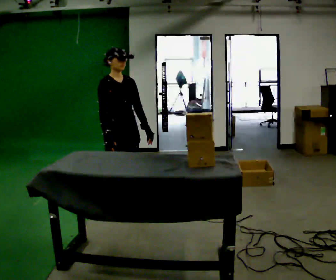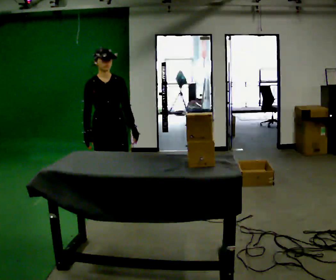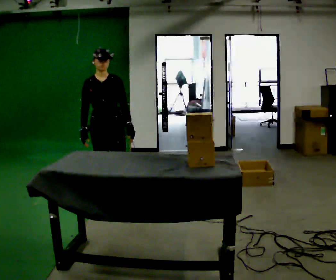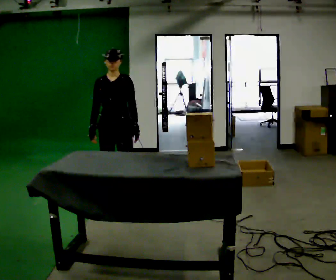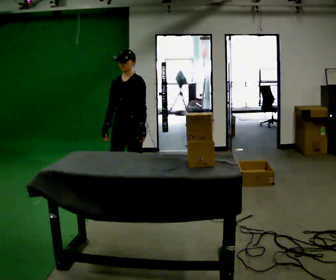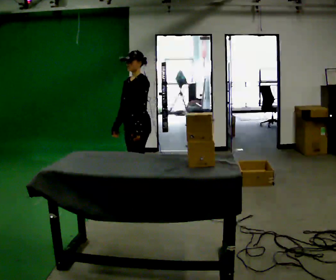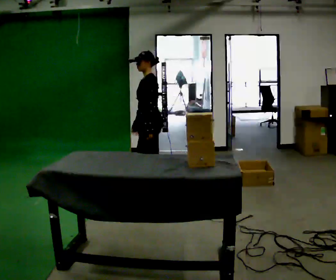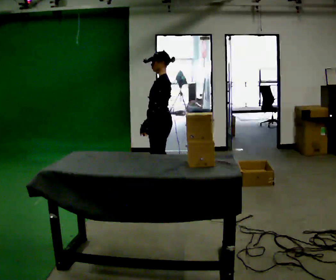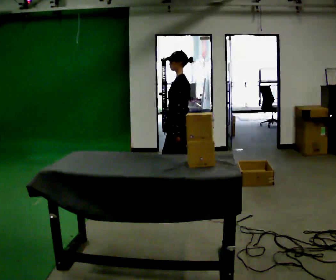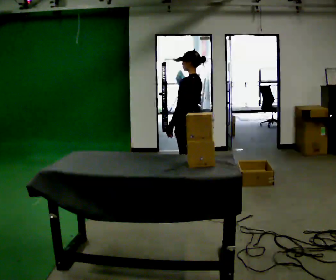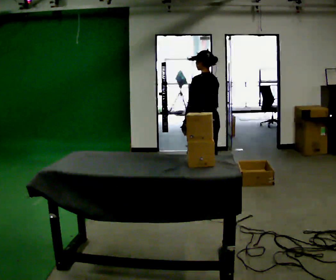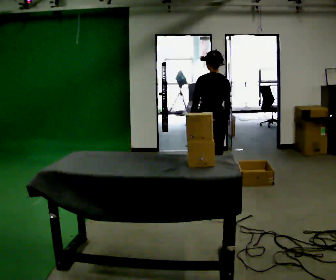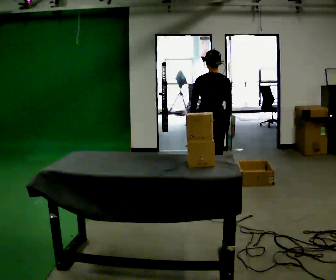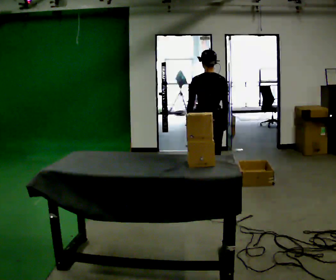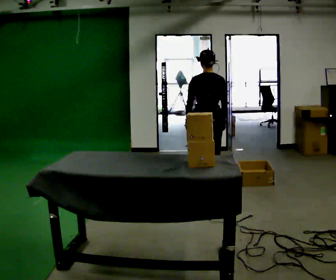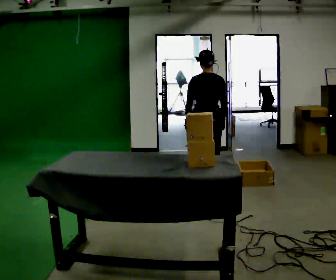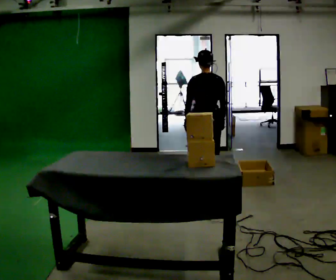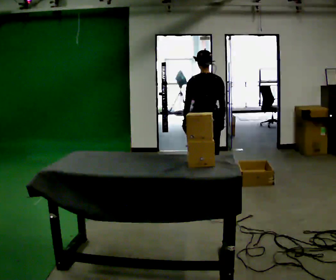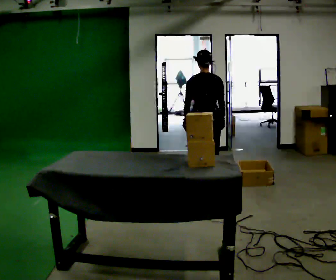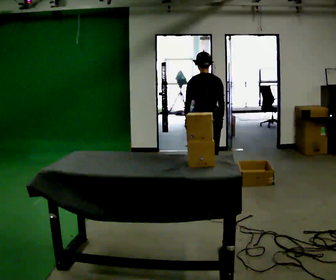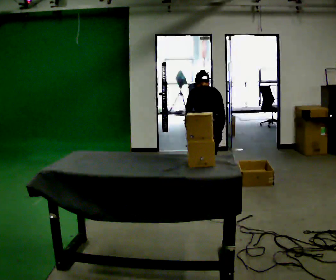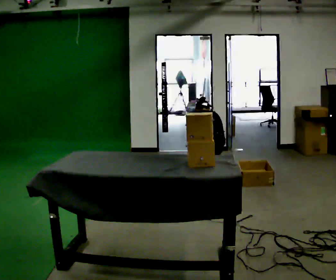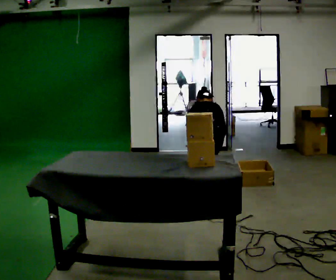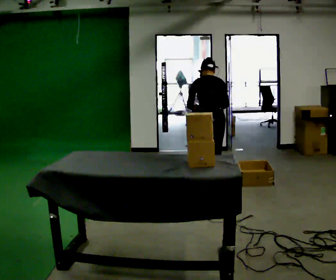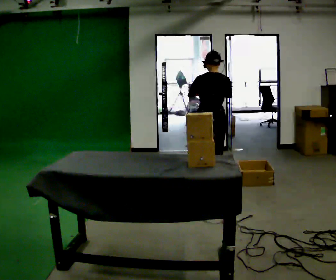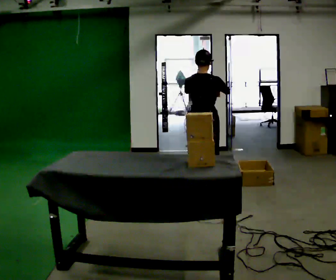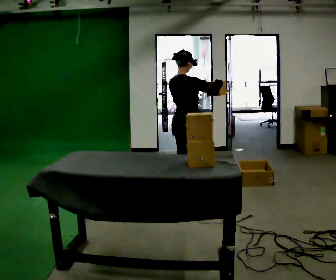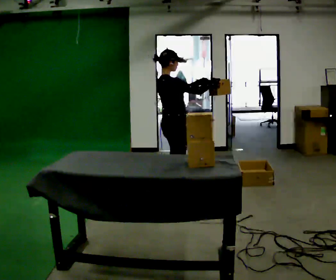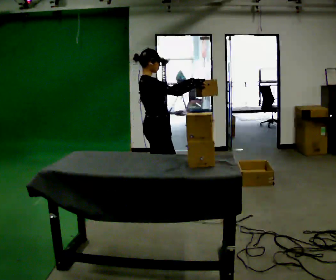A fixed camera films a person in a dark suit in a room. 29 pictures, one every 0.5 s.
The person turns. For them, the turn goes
to their right.
The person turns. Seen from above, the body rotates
clockwise.
0.0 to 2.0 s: The person turns about 60 degrees to their right, clockwise seen from above, so the part of the body nearest the lens slides to the left. In the picture they go away from the camera, about 0.5 m in 2 steps.
2.0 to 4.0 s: The person turns about 60 degrees to their right, clockwise seen from above, so the part of the body nearest the lens slides to the left. In the picture they go to the right, about 0.5 m in 1 step.
4.0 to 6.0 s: The part of the body nearest the lens slides to the left as the person turns to their right by about 90 degrees. In the picture they go to the right, about 0.25 m in 1 step.
6.0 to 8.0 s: The person moves a little, or ends about where they began.
8.0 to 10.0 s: The upper body tips away from the camera, its near side rolling upward, as they bend forward.
10.0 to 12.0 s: In the picture their right hand goes upward.
12.0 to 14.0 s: The person turns about 90 degrees to their right, clockwise seen from above, so the part of the body nearest the lens slides to the left. In the picture they go to the left and toward the camera, about 0.75 m in 2 steps.
The film runs backward here.
